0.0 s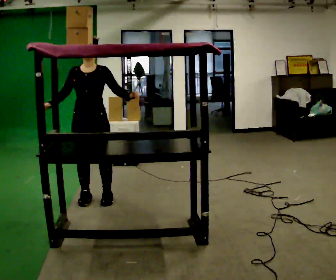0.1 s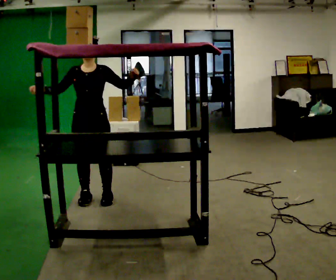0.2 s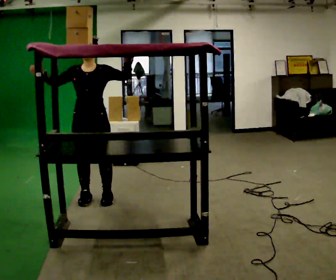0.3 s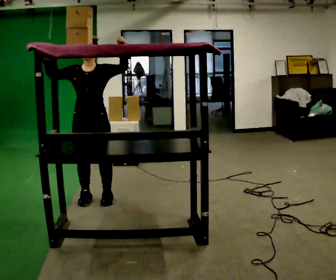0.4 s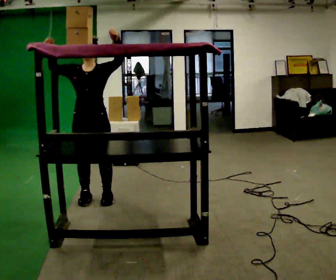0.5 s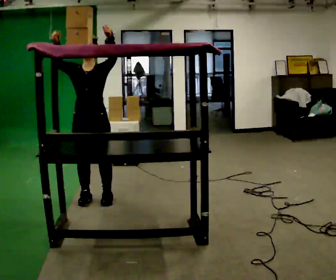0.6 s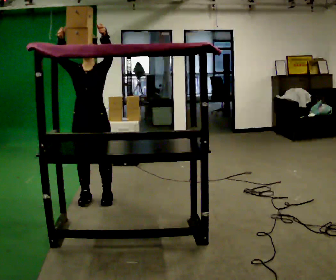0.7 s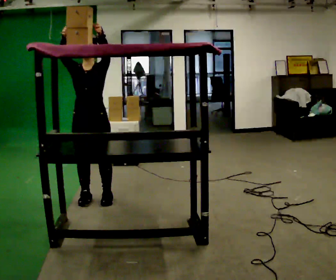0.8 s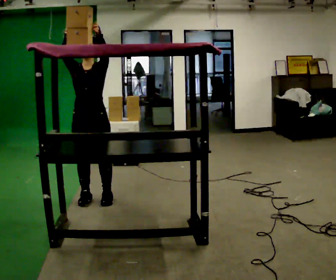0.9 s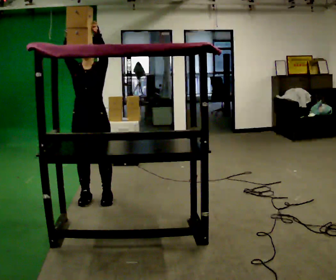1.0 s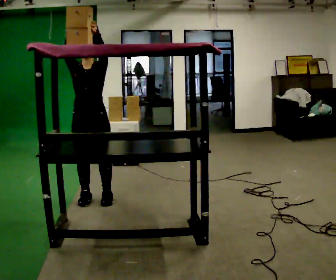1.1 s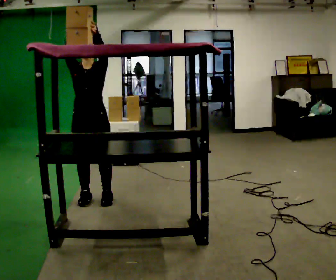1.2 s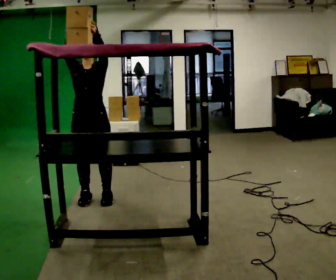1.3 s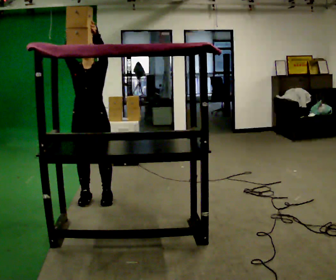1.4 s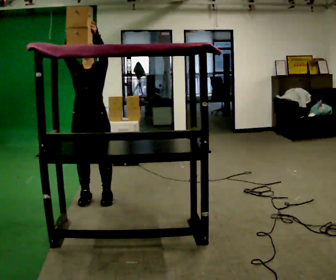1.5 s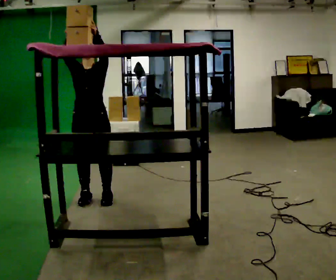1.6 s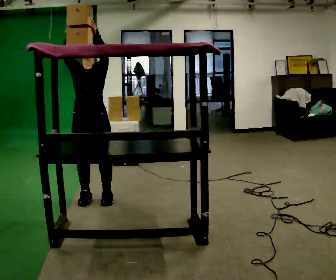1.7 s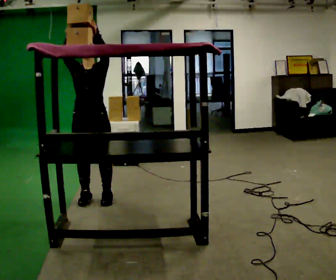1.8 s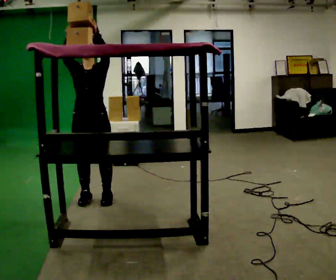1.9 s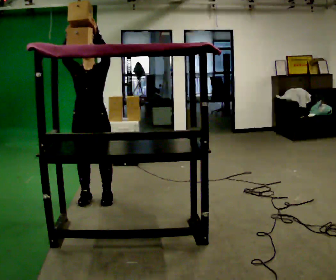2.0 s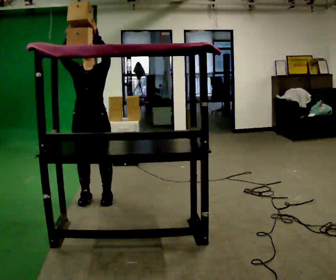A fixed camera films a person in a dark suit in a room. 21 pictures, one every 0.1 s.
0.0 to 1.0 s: In the picture their right hand goes upward, the arm swinging clockwise.
1.0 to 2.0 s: The person moves a little, or ends about where they began.
The film runs forward here.
